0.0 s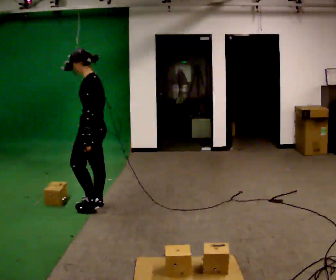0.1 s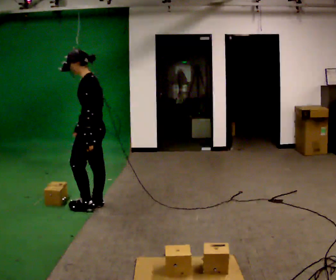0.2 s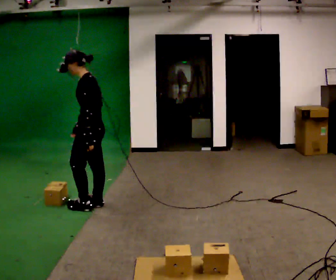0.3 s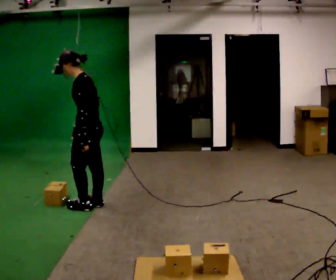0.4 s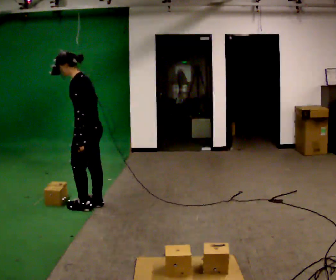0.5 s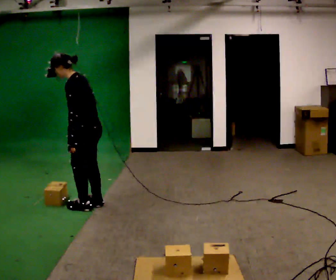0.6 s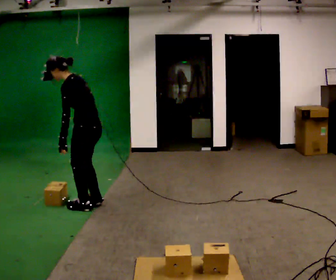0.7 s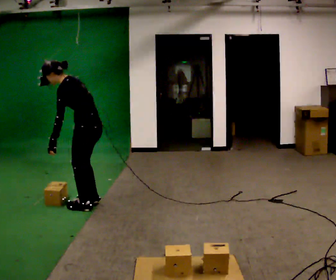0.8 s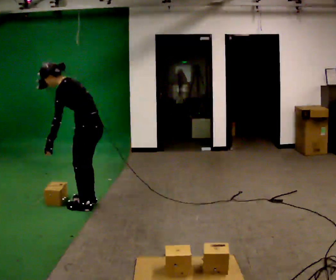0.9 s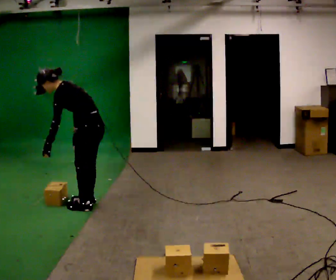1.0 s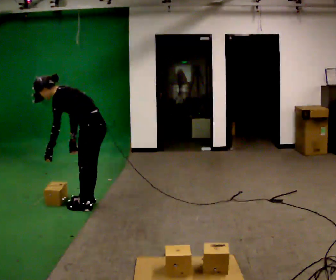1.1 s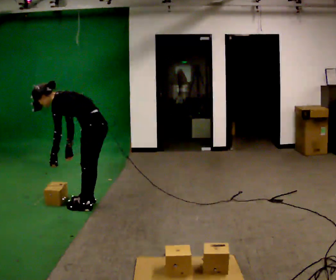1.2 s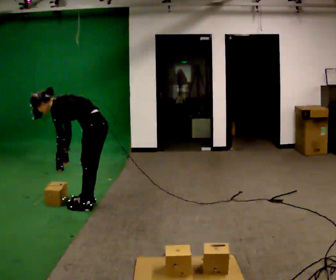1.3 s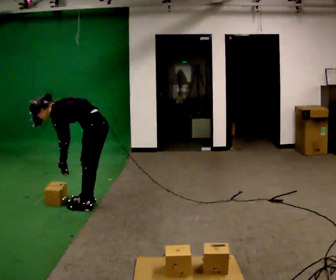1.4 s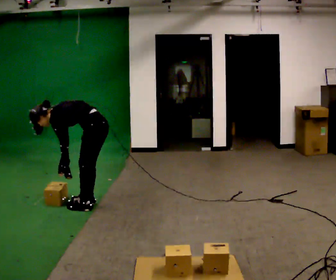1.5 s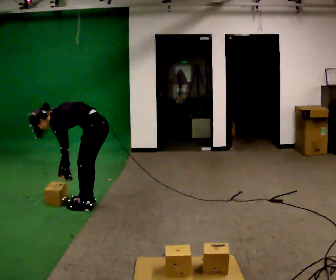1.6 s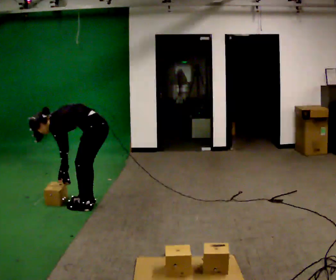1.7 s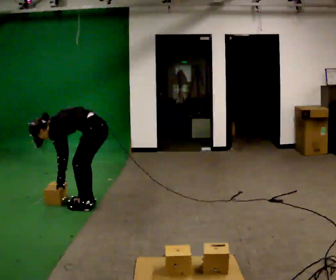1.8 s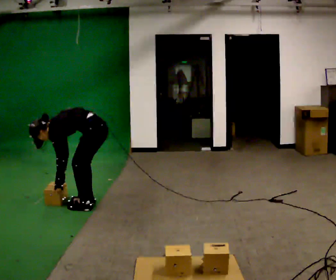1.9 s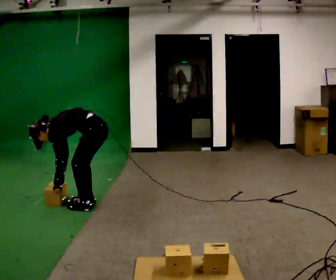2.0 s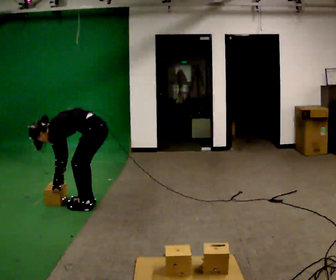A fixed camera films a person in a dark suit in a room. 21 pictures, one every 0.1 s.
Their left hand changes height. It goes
downward.
The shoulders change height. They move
downward.
0.0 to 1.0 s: The shoulders move downward. In the picture the upper body tilts counterclockwise, shoulders to the left, as they bend forward.
1.0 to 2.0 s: The upper body goes downward. In the picture the upper body tilts counterclockwise, shoulders to the left, as they bend forward. In the picture their left hand goes downward.
The film runs forward here.
